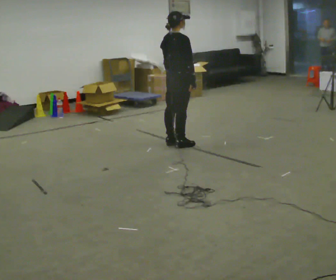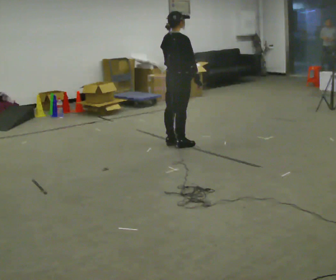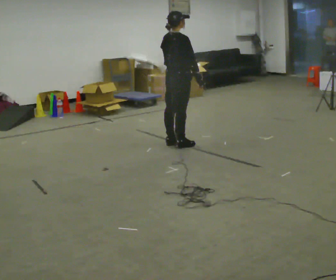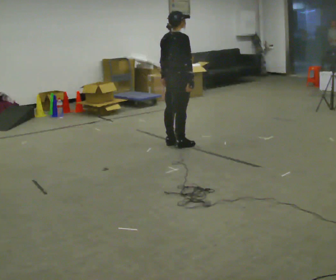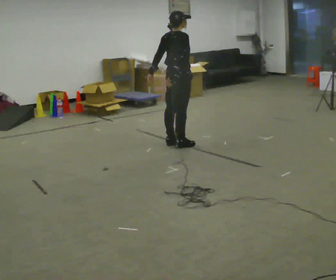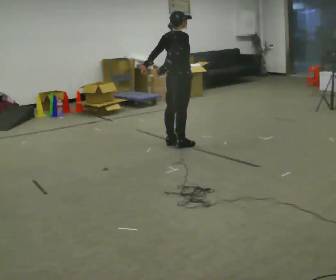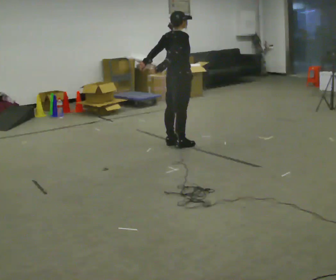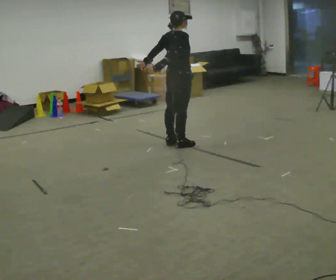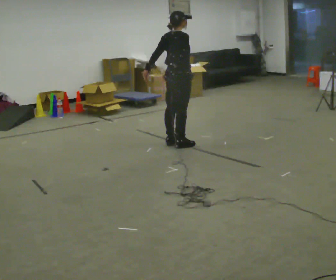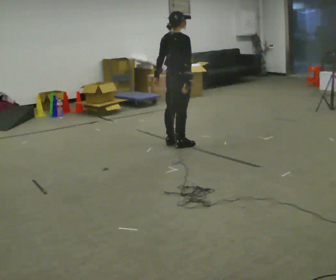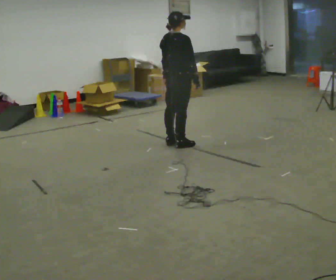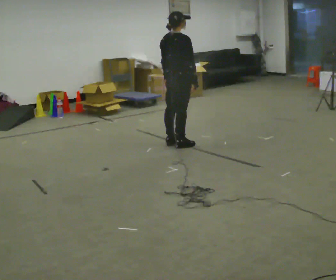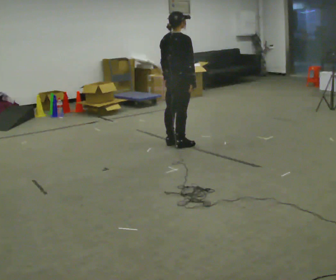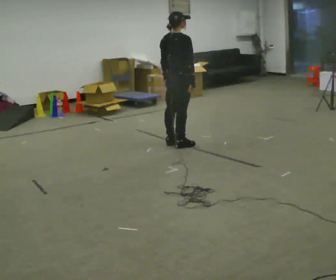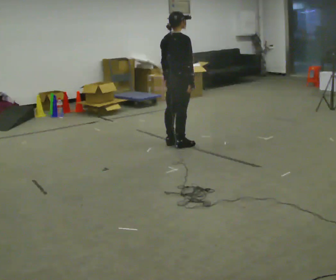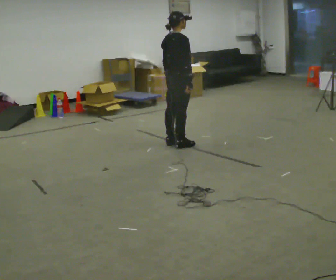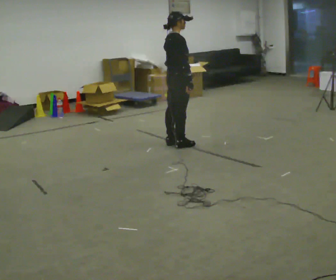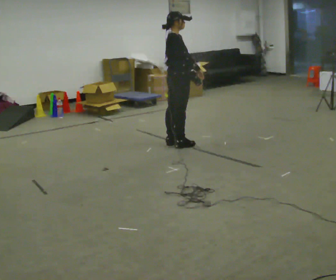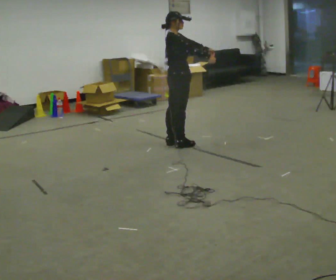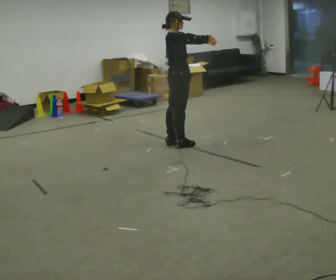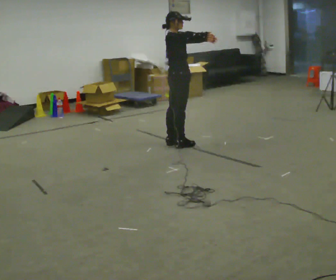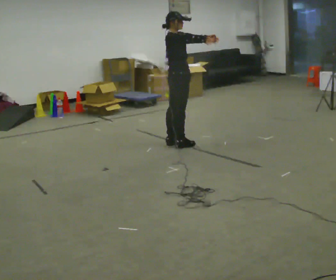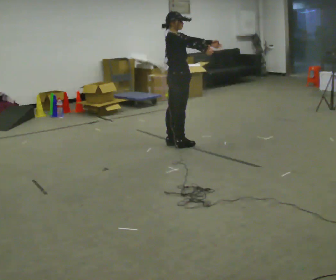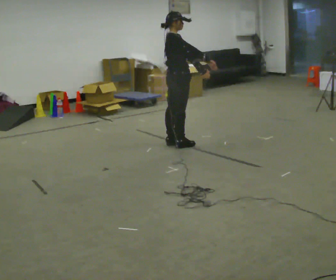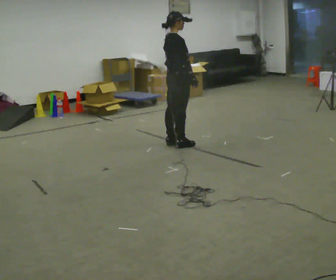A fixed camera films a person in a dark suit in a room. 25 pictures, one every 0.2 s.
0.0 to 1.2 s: In the picture their left hand goes to the left.
1.2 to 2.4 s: In the picture their right hand goes to the right, the arm swinging counterclockwise.
2.4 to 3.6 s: Seen from above the body turns clockwise, about 30 degrees: to their right, with its near side sliding to the left. In the picture their left hand goes to the right, the arm swinging counterclockwise.
3.6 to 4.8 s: The person moves a little, or ends about where they began.
The film runs backward here.
